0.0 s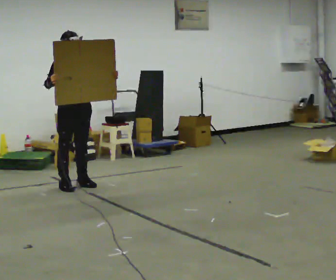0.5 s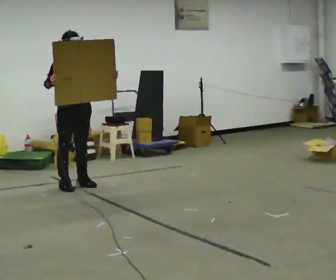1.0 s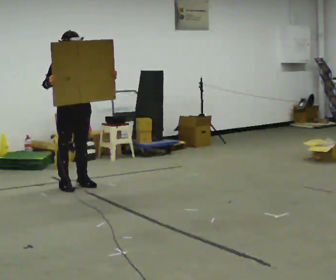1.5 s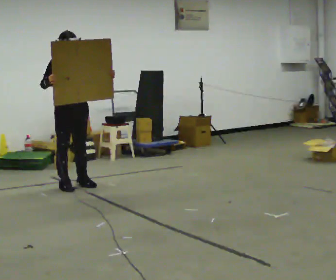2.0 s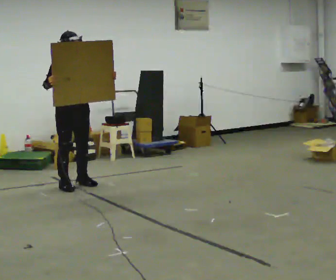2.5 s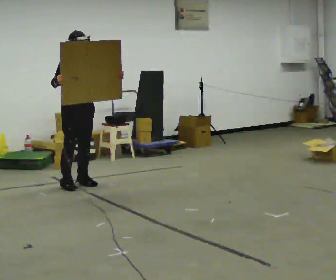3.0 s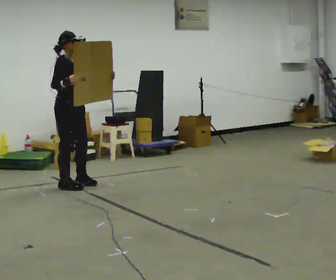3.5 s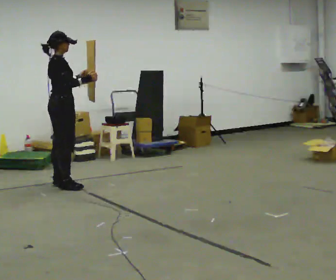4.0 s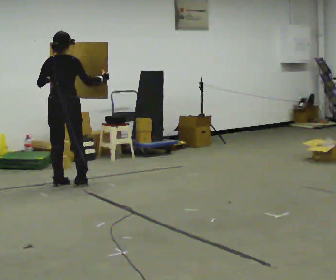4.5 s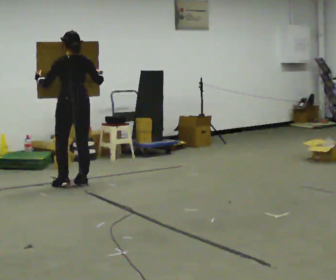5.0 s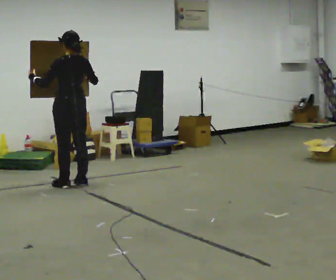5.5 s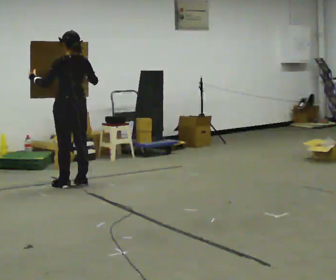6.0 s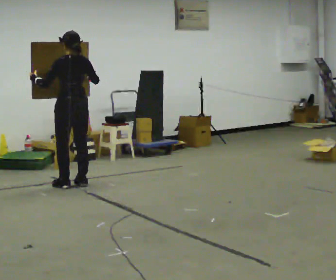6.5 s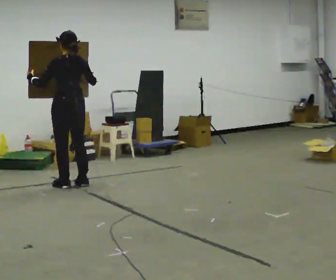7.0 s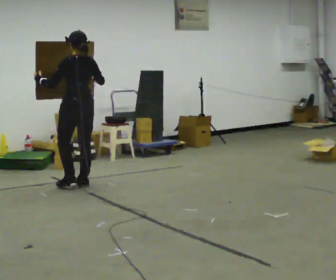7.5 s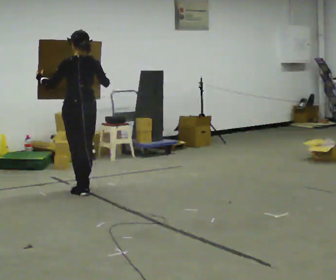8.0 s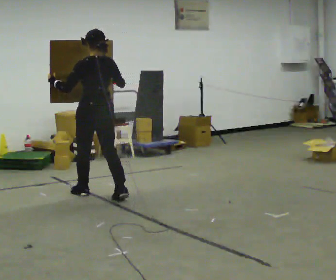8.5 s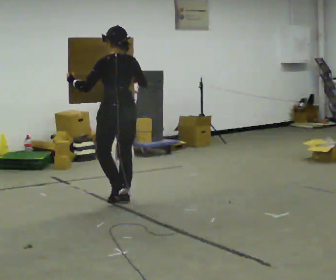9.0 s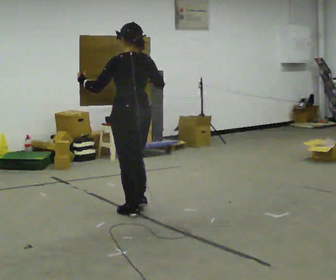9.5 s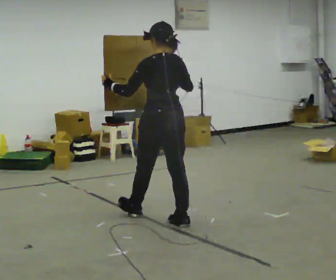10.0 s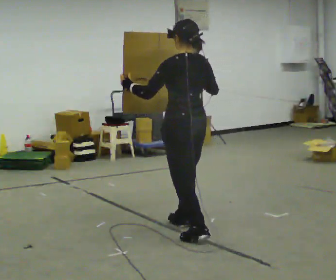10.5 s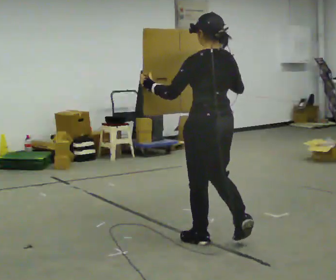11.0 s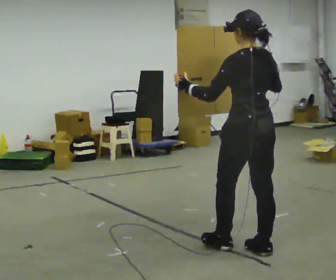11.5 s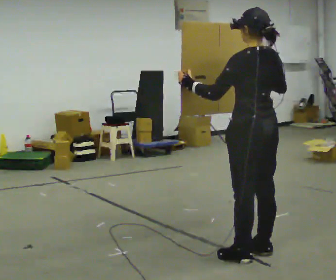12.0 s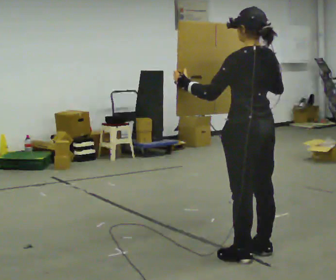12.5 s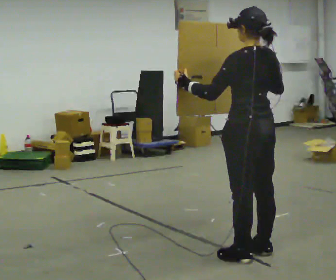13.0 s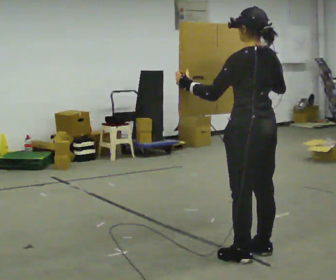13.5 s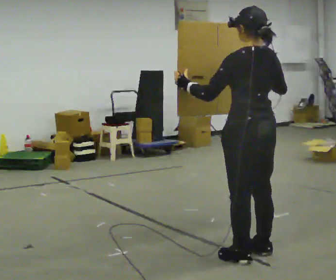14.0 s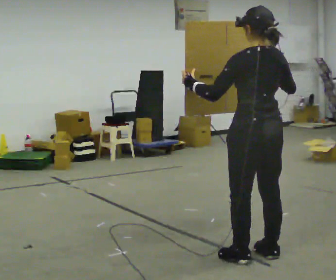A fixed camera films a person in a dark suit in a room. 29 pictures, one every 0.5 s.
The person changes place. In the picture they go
toward the camera.
0.0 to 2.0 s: The person moves a little, or ends about where they began.
2.0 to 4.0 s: The part of the body nearest the lens slides to the right as the person turns to their left by about 120 degrees. In the picture their right hand goes to the right.
4.0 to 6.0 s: The person turns about 60 degrees to their left, counterclockwise seen from above, so the part of the body nearest the lens slides to the right.
6.0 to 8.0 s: In the picture they go toward the camera, about 0.5 m in 2 steps, which for them is backward.
8.0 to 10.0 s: In the picture they go toward the camera and to the right, about 1.5 m in 3 steps, which for them is backward.
10.0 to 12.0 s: In the picture they go toward the camera and to the right, about 0.5 m in 2 steps, which for them is backward.
12.0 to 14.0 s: The person moves a little, or ends about where they began.
The film runs backward here.
